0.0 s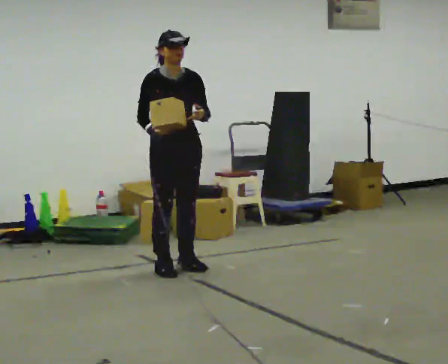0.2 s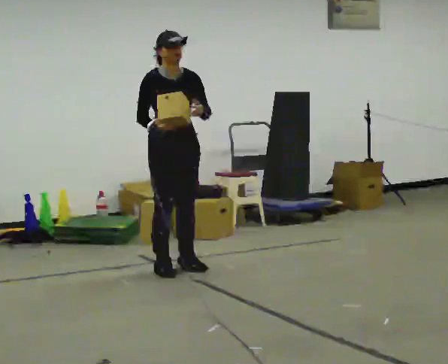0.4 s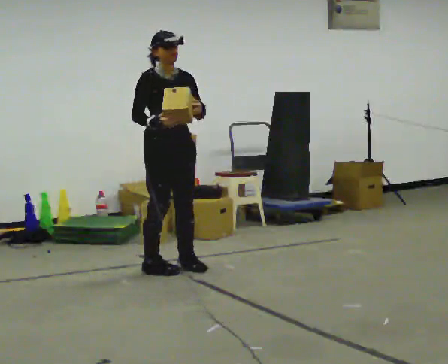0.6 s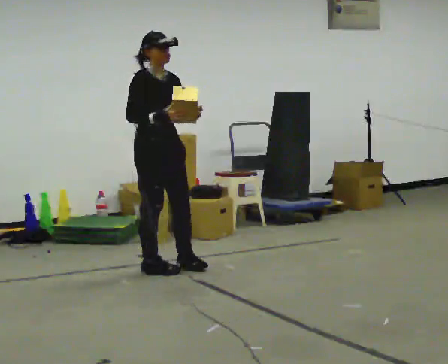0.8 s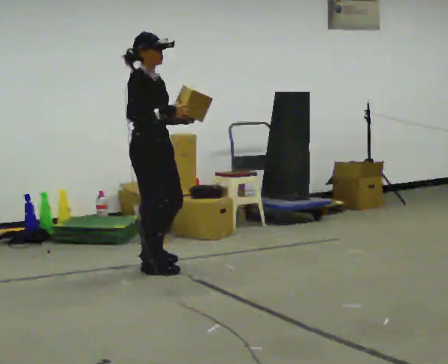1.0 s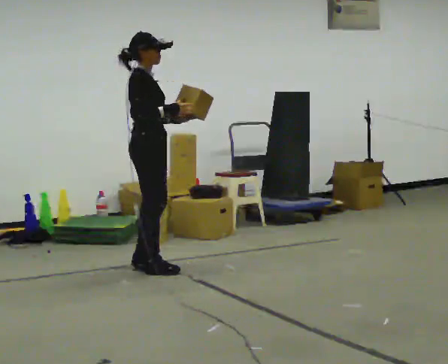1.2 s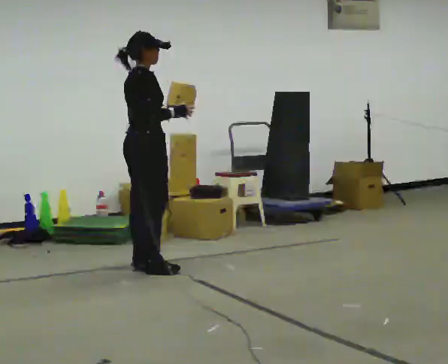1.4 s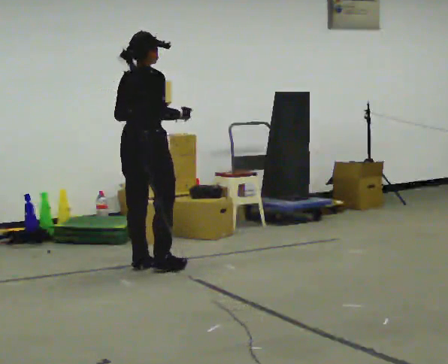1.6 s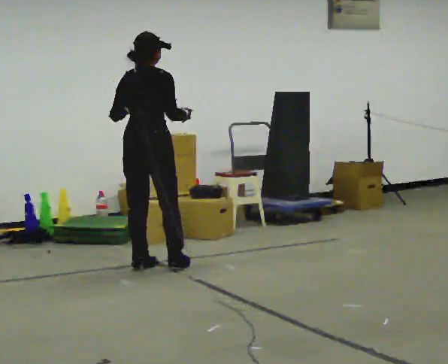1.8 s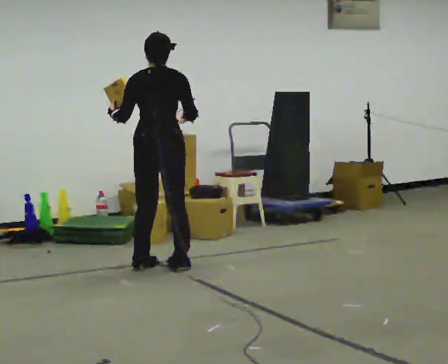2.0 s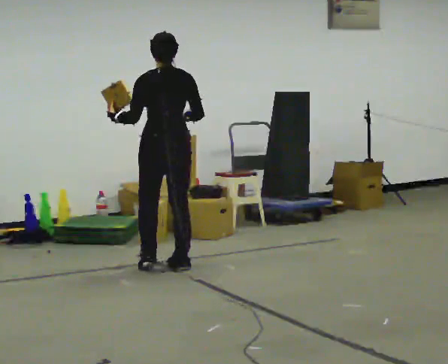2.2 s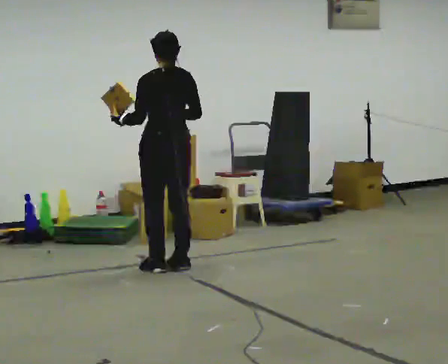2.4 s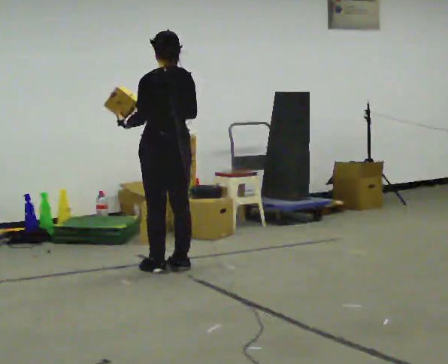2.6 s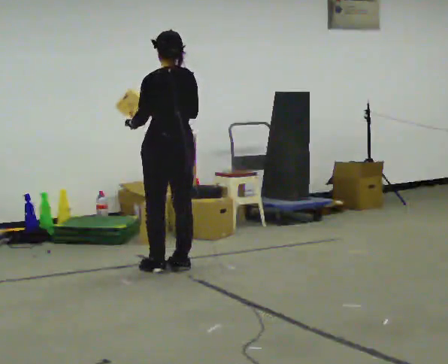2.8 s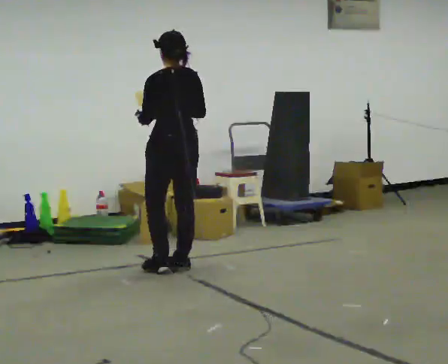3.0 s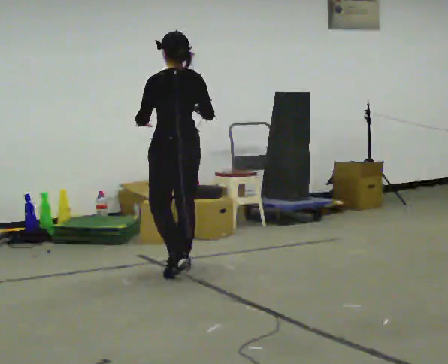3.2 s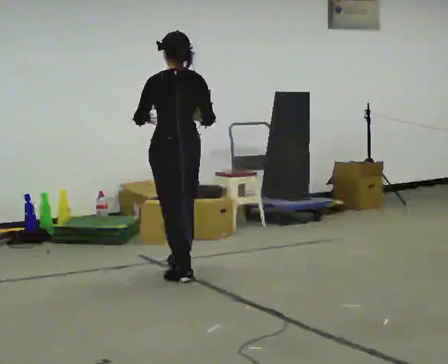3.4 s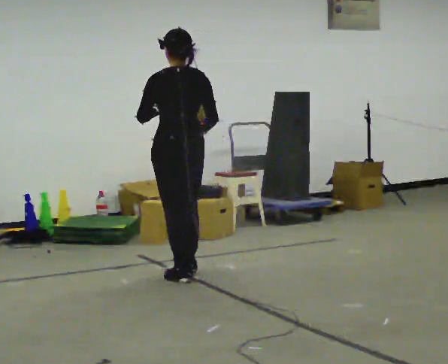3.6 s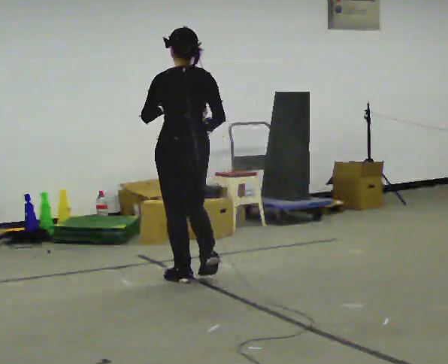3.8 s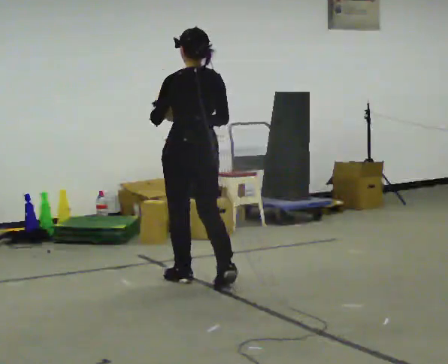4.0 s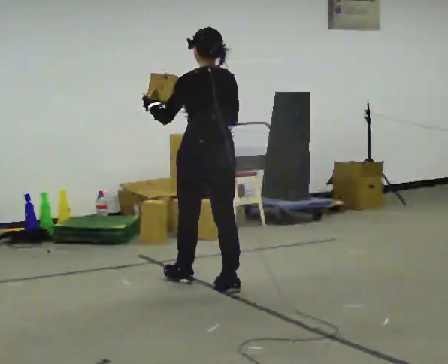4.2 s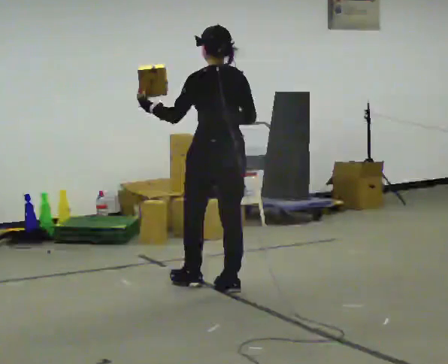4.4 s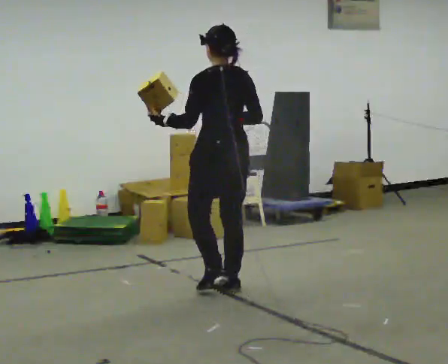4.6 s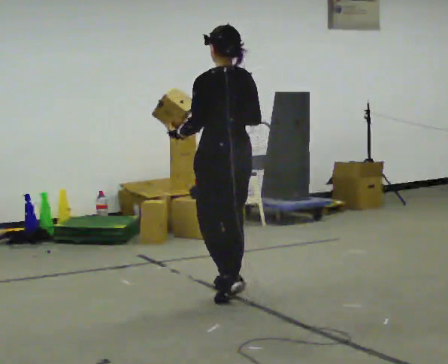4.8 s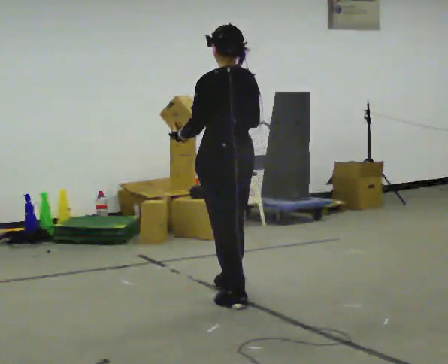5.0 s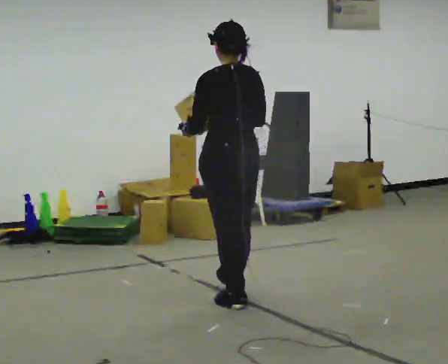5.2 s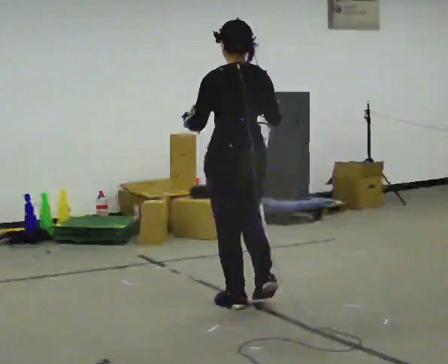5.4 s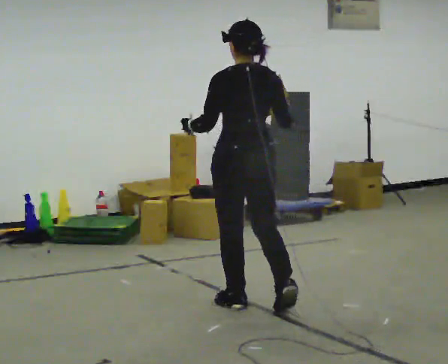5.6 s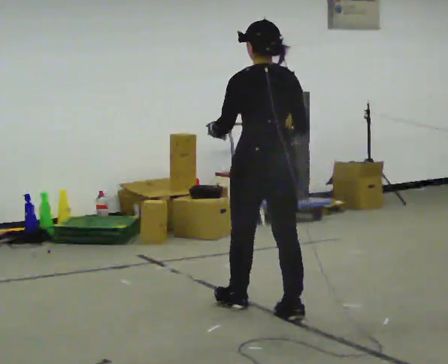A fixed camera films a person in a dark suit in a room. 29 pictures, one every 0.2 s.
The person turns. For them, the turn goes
to their left.
The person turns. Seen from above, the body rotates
counterclockwise.
0.0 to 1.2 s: The person turns about 90 degrees to their left, counterclockwise seen from above, so the part of the body nearest the lens slides to the right. In the picture they go to the left, about 0.25 m in 1 step. In the picture their left hand goes to the left.
1.2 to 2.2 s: The part of the body nearest the lens slides to the right as the person turns to their left by about 90 degrees. In the picture they go to the right, about 0.25 m in 2 steps.
2.2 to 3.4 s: In the picture they go toward the camera, about 0.25 m in 2 steps, which for them is backward.
3.4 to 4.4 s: In the picture they go toward the camera and to the right, about 0.5 m in 1 step, which for them is backward.
4.4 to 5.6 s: In the picture they go toward the camera and to the right, about 0.5 m in 1 step, which for them is backward.
The film runs backward here.
